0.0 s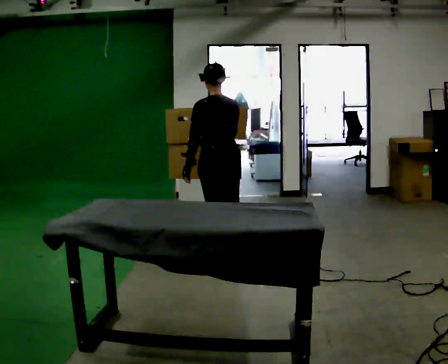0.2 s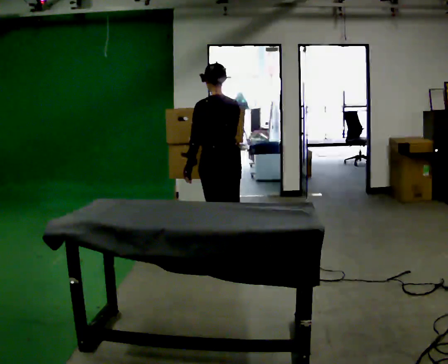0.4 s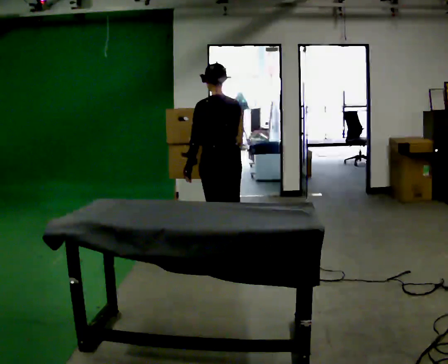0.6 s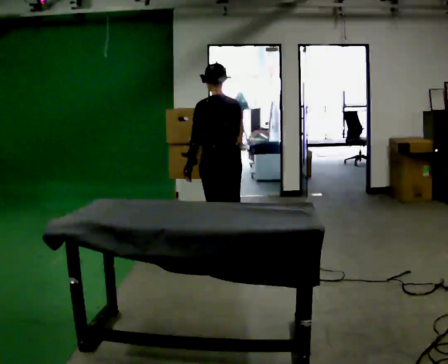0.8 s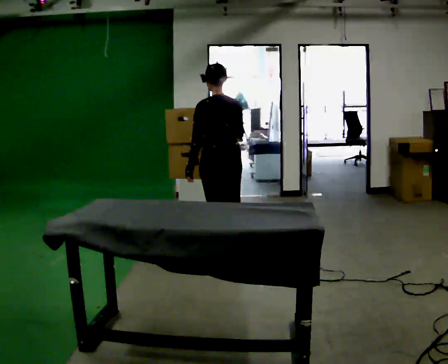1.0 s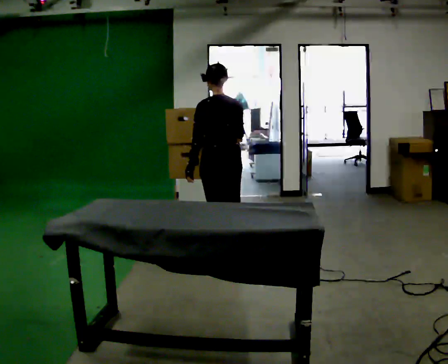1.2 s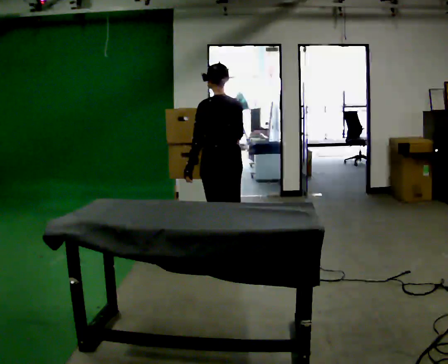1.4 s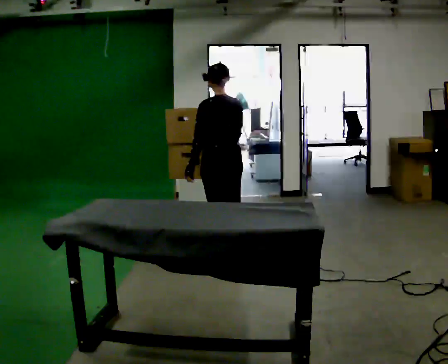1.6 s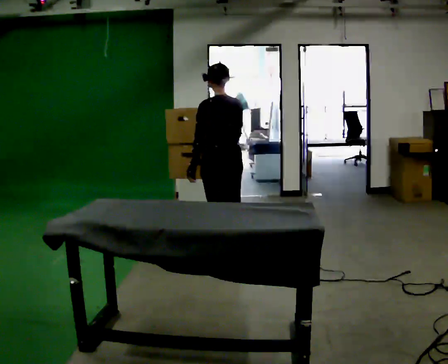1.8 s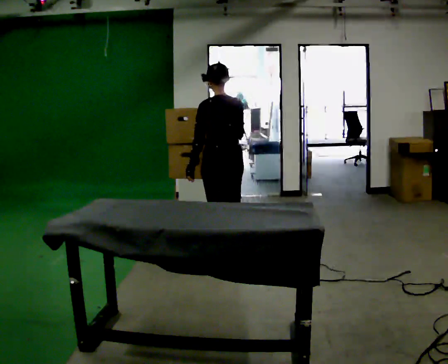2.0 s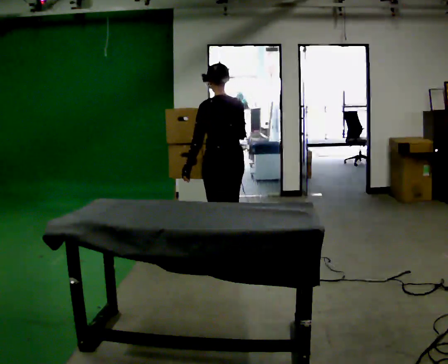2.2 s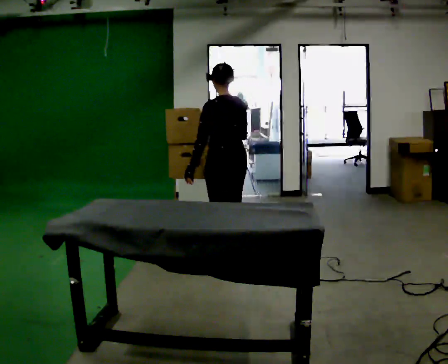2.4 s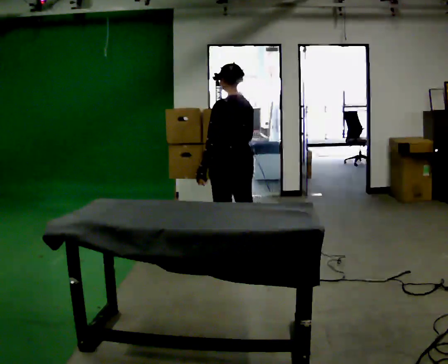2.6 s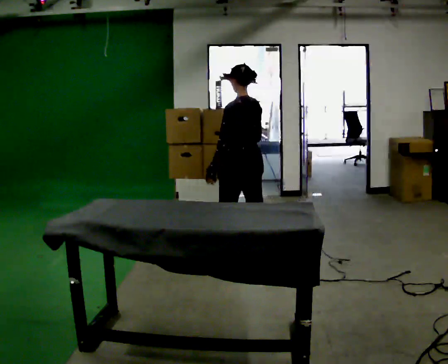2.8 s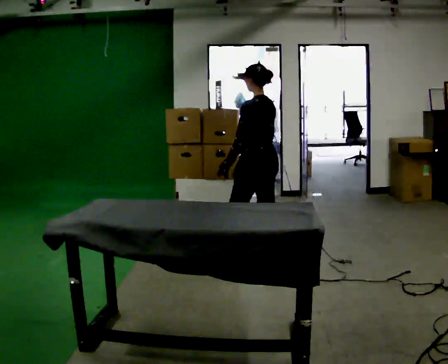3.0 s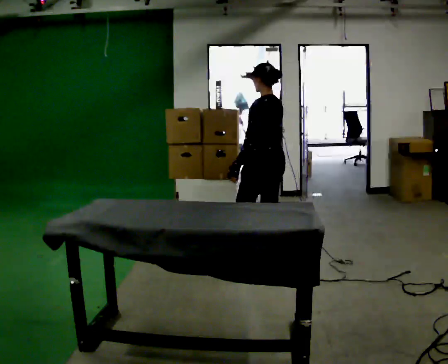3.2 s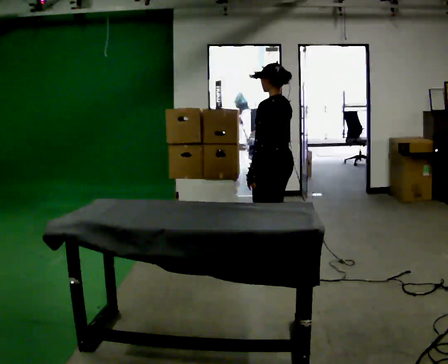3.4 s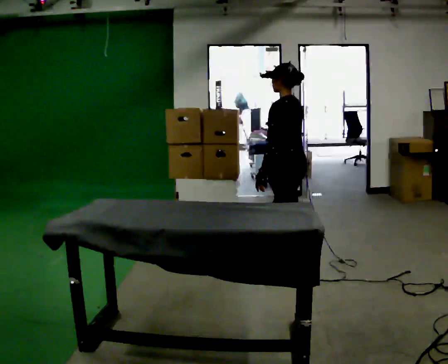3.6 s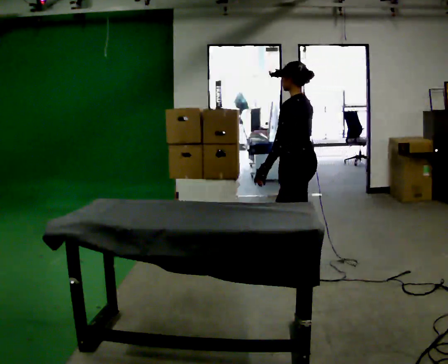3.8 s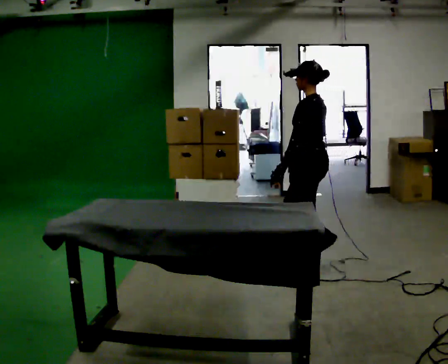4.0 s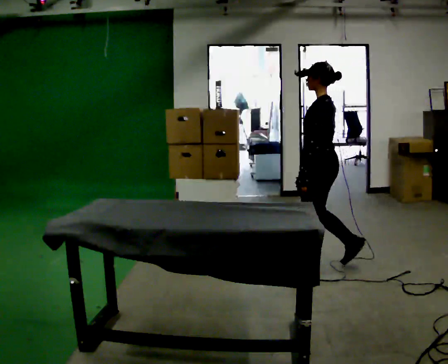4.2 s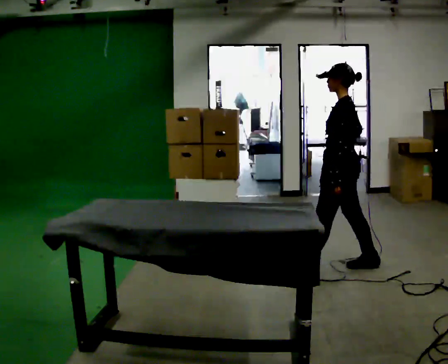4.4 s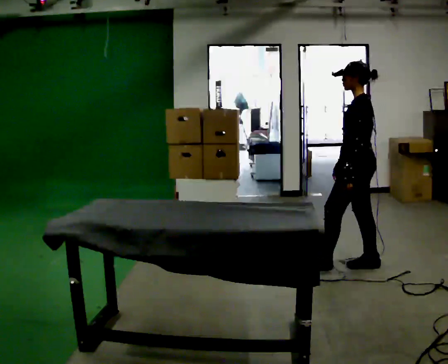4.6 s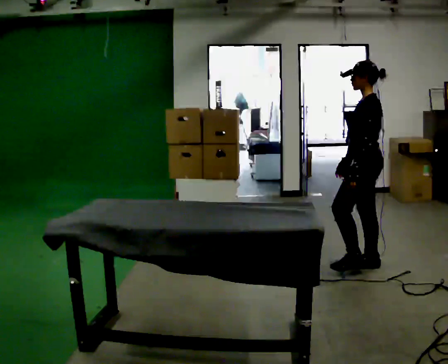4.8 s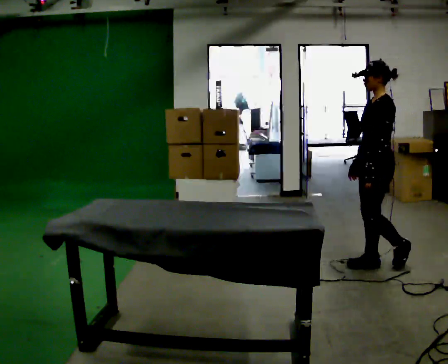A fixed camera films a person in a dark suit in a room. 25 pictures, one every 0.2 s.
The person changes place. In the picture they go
to the right.
The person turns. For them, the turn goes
to their left.
0.0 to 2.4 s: The person moves a little, or ends about where they began.
2.4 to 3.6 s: In the picture they go to the right and toward the camera, about 0.5 m in 2 steps, which for them is backward.
3.6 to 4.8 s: The part of the body nearest the lens slides to the right as the person turns to their left by about 30 degrees. In the picture they go to the right, about 0.5 m in 1 step, which for them is backward.
The film runs backward here.
